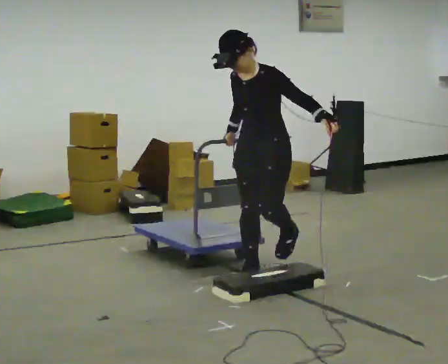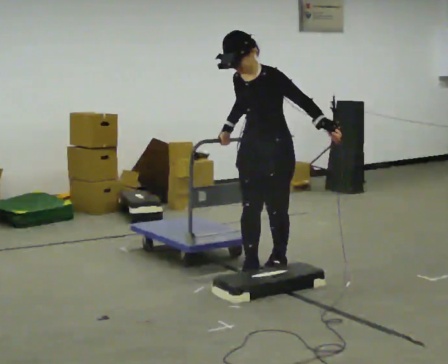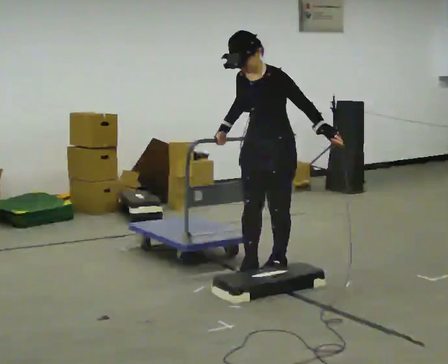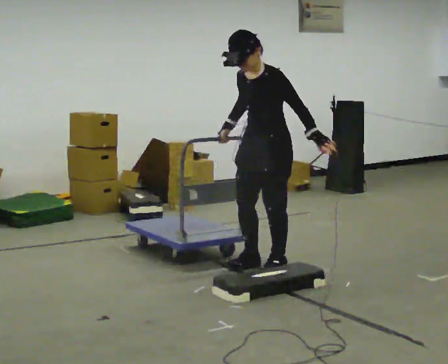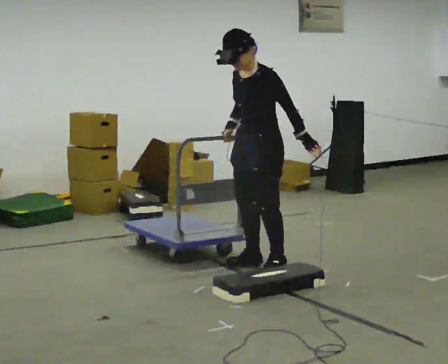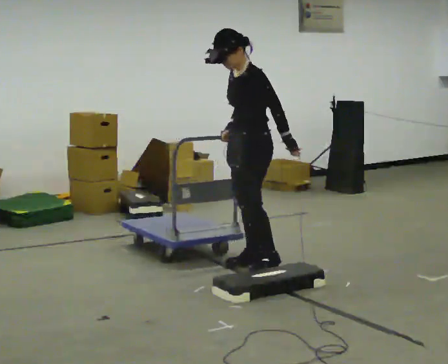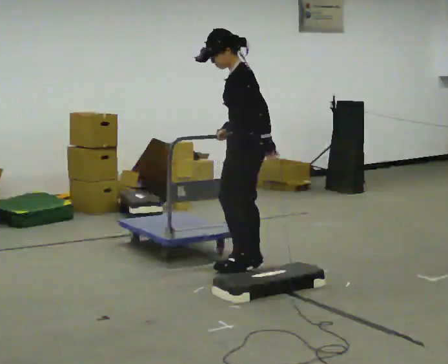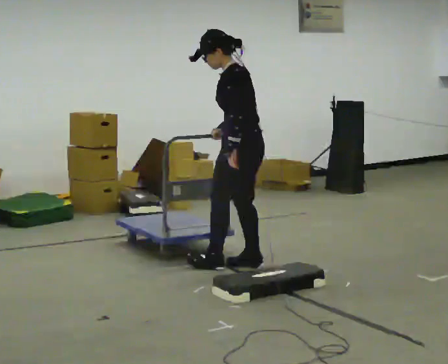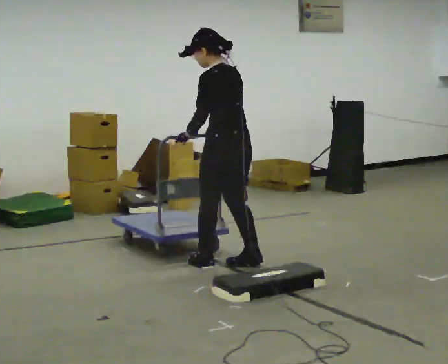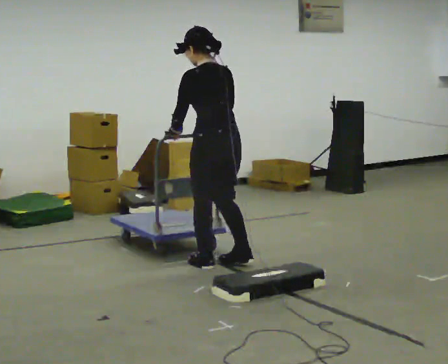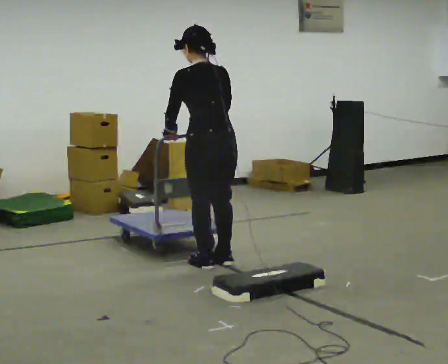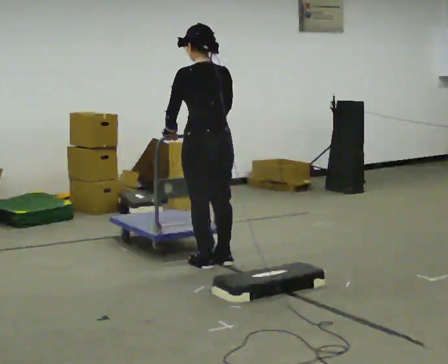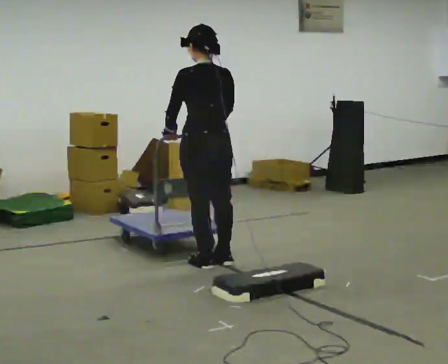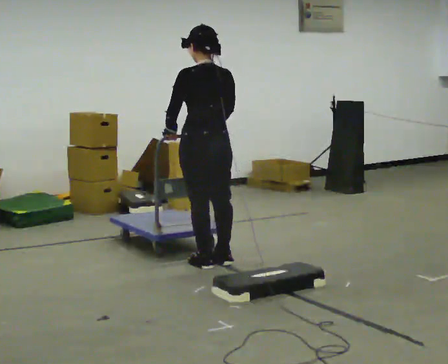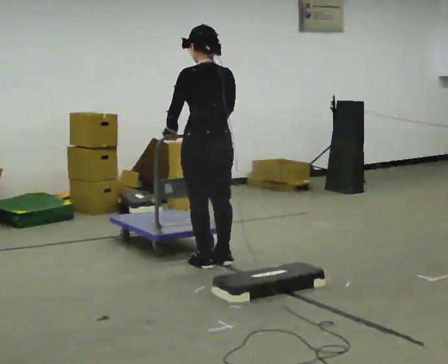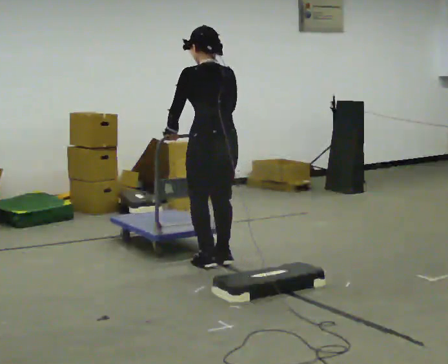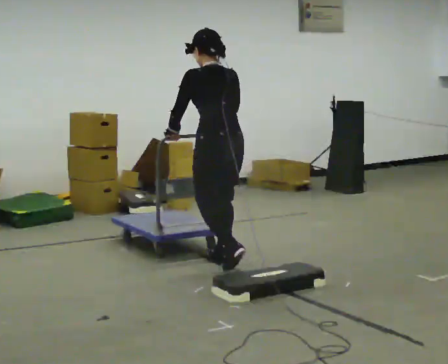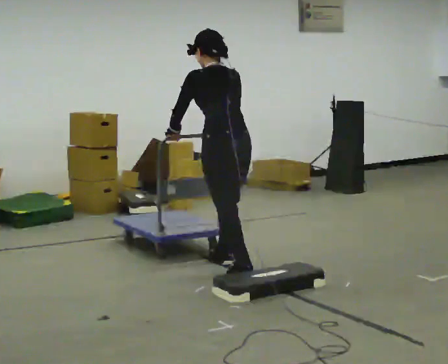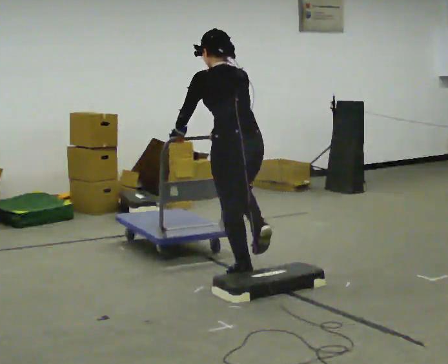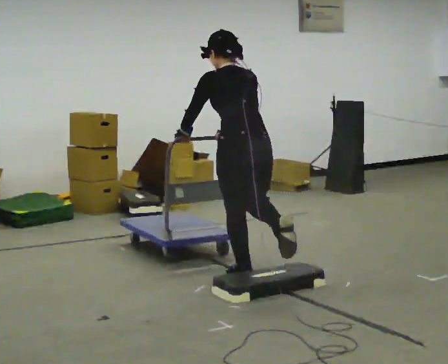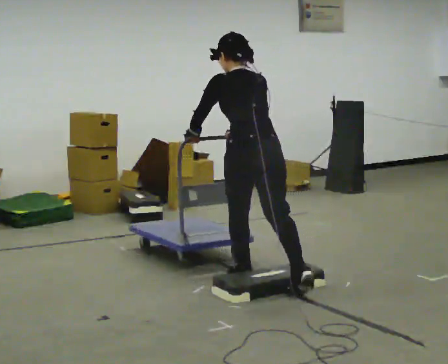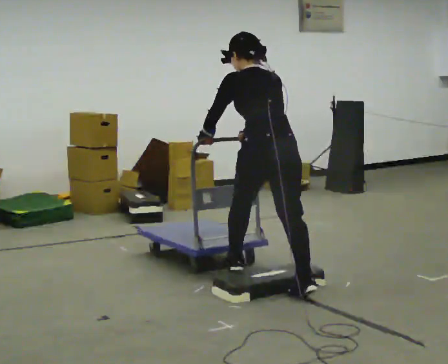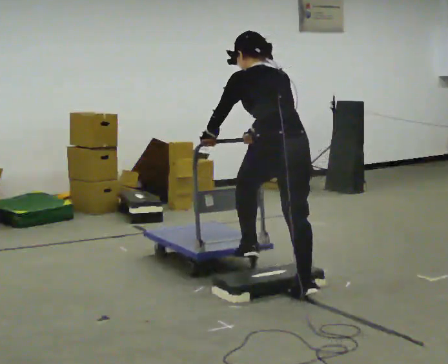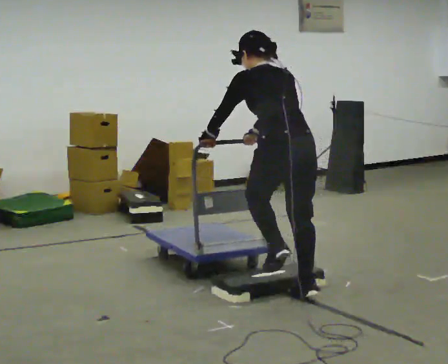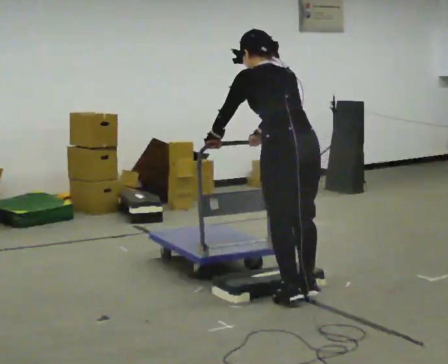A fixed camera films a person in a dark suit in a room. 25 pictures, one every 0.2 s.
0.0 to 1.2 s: Seen from above the body turns clockwise, about 60 degrees: to their right, with its near side sliding to the left. In the picture they go away from the camera, about 0.25 m in 2 steps, which for them is to their right and backward.
1.2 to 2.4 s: The part of the body nearest the lens slides to the left as the person turns to their right by about 60 degrees. In the picture they go to the left, about 0.25 m in 1 step, which for them is forward and to their left.
2.4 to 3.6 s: In the picture they go toward the camera and to the right, about 0.25 m in 2 steps, which for them is backward. The upper body tips away from the camera, its near side rolling upward, as they bend forward.
3.6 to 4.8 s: In the picture they go toward the camera and to the right, about 0.5 m in 1 step, which for them is backward.
The film runs backward here.
